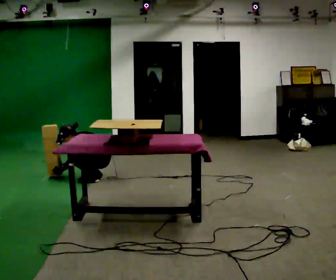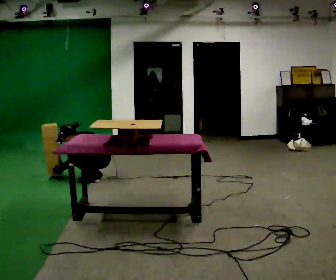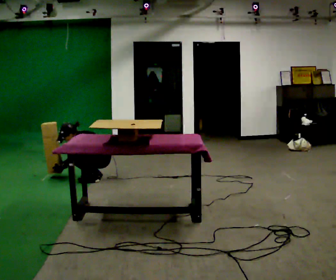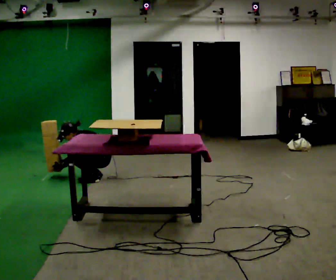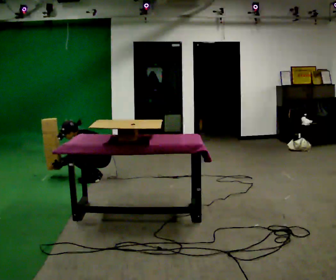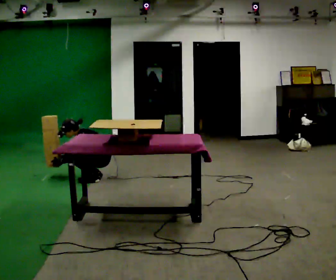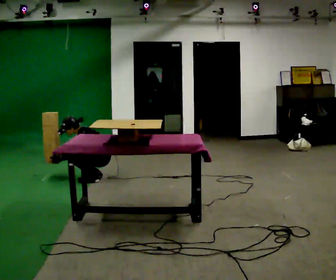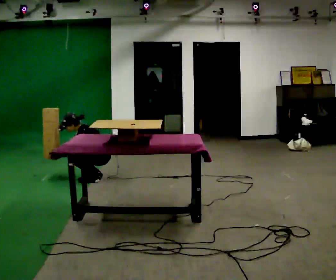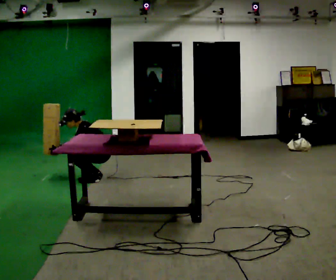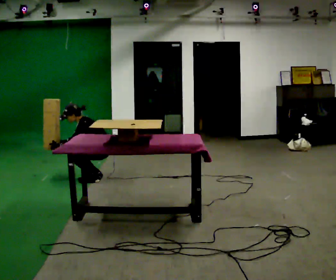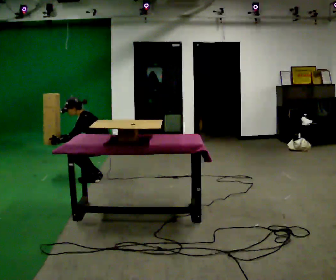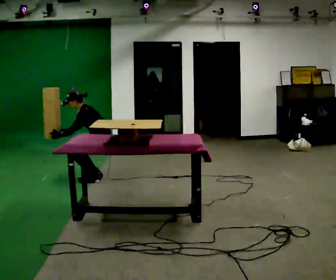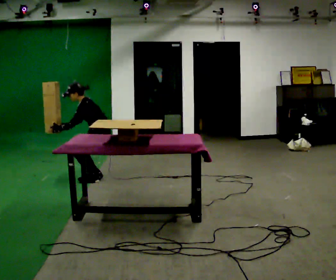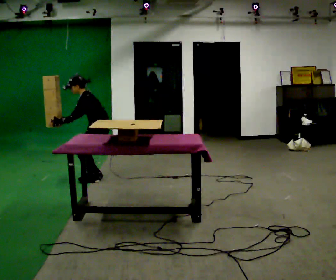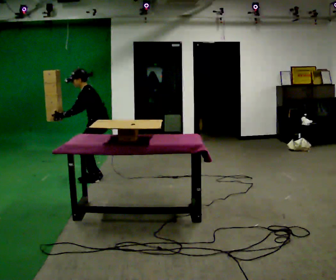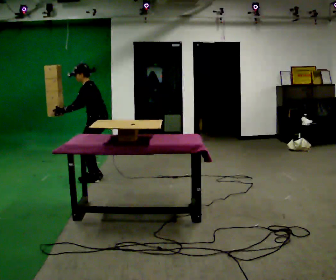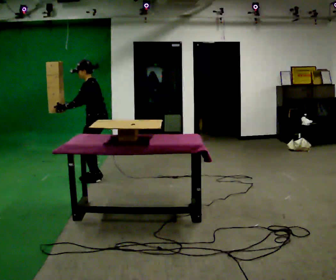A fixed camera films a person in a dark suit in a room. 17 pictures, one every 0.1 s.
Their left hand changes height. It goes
upward.
Their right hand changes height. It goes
upward.
0.0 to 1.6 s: The upper body goes upward. In the picture the upper body tilts clockwise, shoulders to the right, as they lean back or straighten. In the picture their left hand goes upward.
The film runs backward here.
